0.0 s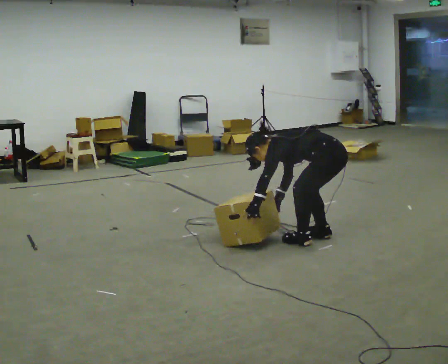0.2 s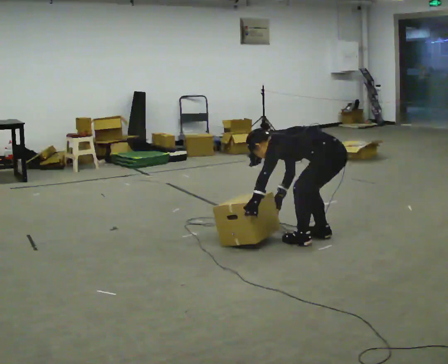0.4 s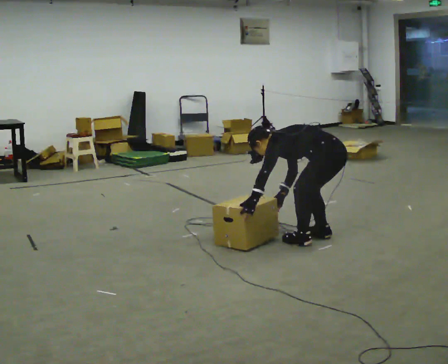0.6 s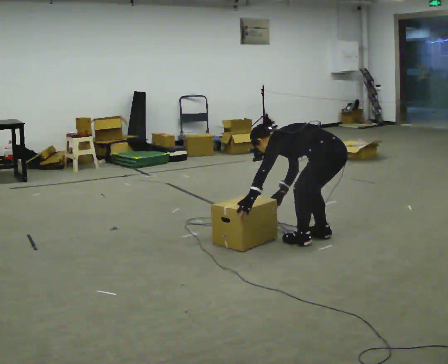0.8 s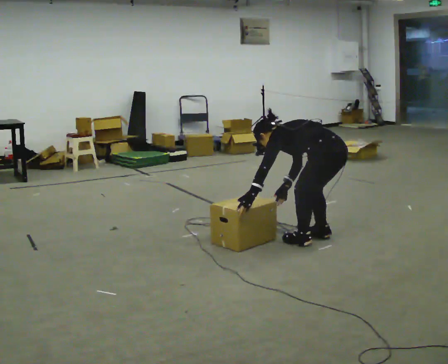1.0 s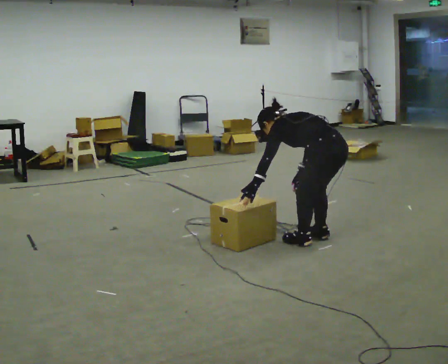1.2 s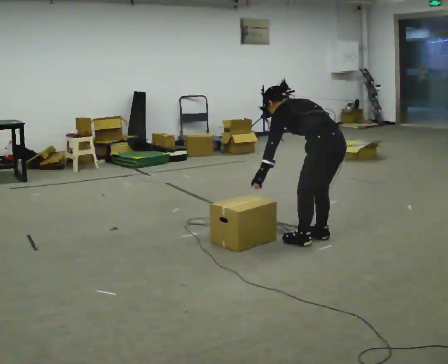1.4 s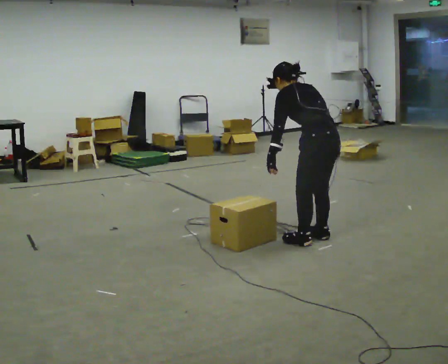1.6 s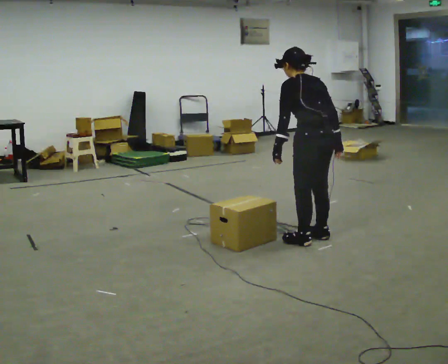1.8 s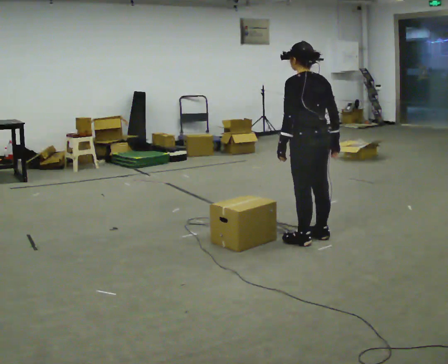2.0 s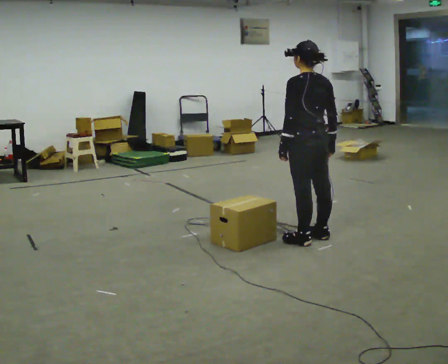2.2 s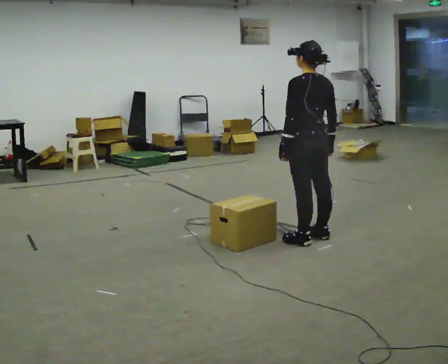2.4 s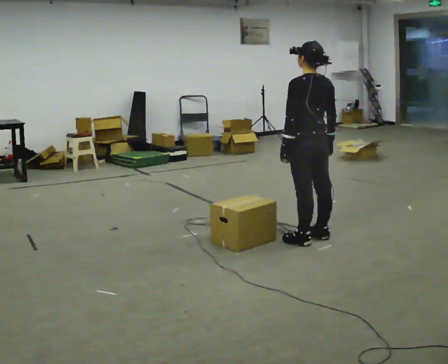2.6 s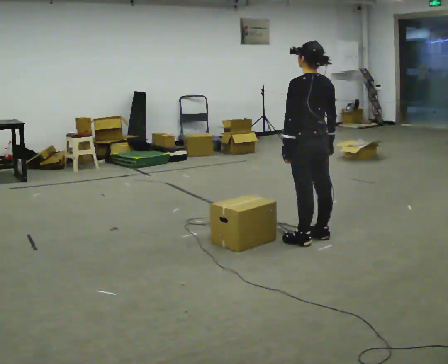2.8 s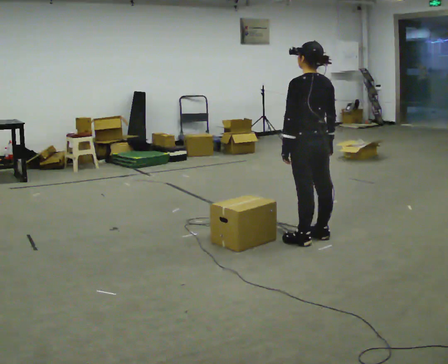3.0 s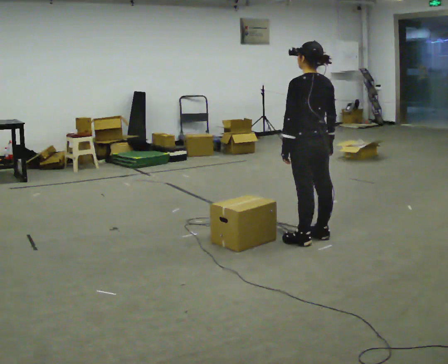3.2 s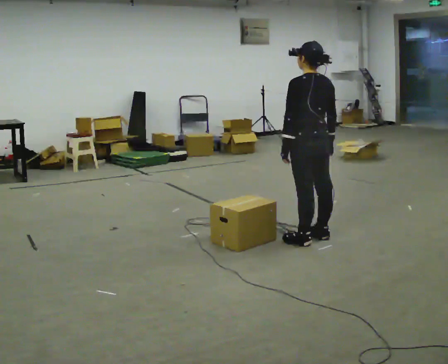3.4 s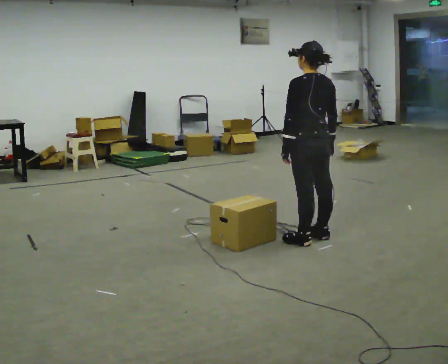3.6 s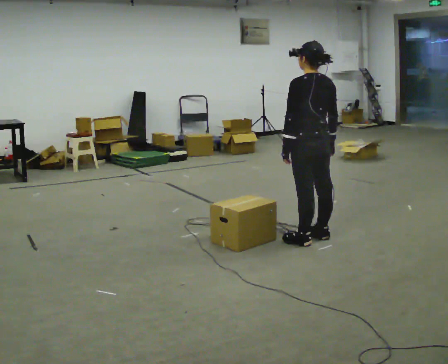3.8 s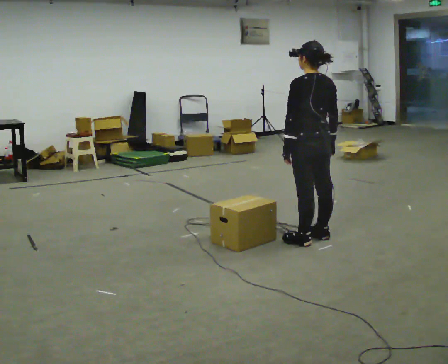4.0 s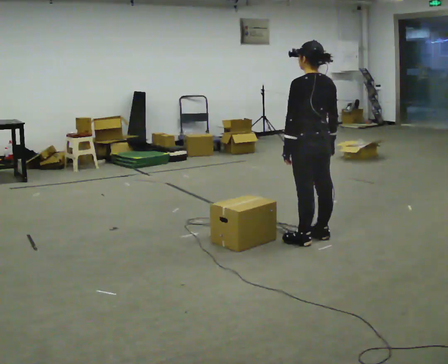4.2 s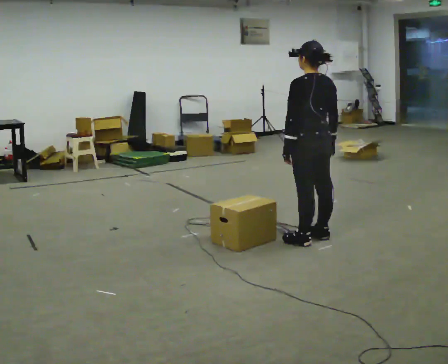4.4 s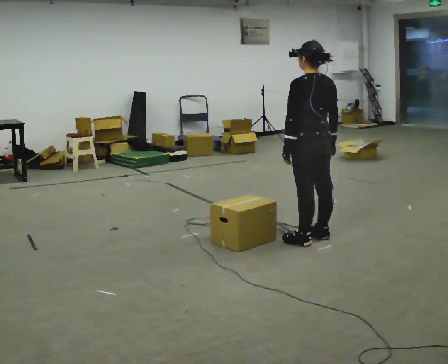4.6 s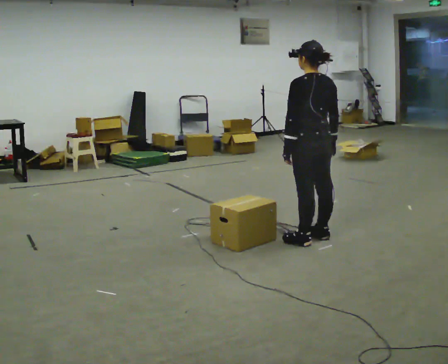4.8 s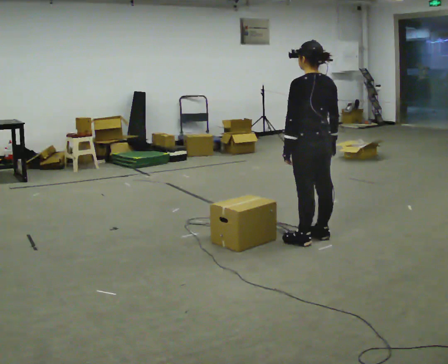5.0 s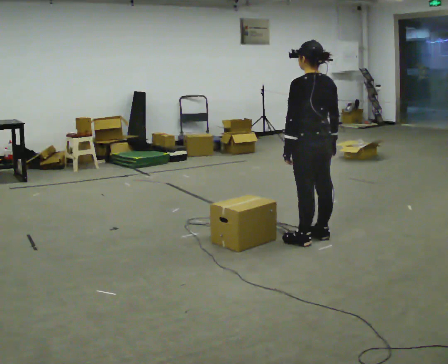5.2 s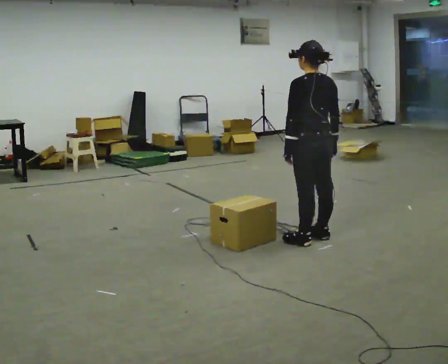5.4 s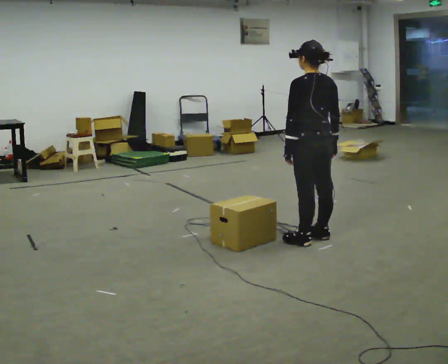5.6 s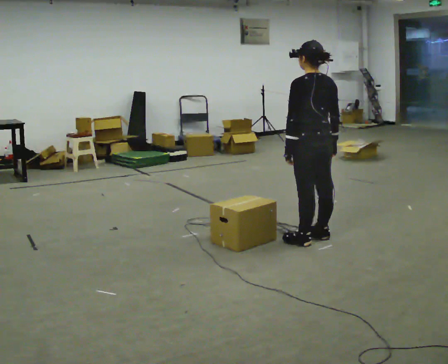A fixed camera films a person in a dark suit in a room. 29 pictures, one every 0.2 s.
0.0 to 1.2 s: The shoulders move upward. In the picture the upper body tilts clockwise, shoulders to the right, as they lean back or straighten. In the picture their right hand goes upward and to the right.
1.2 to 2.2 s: The upper body goes upward. In the picture the upper body tilts clockwise, shoulders to the right, as they lean back or straighten.
2.2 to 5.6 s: The person moves a little, or ends about where they began.
The film runs forward here.
